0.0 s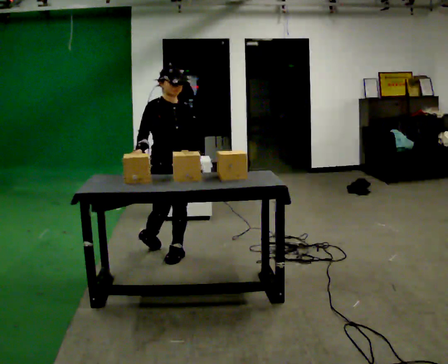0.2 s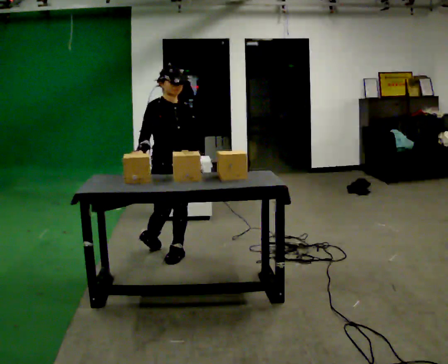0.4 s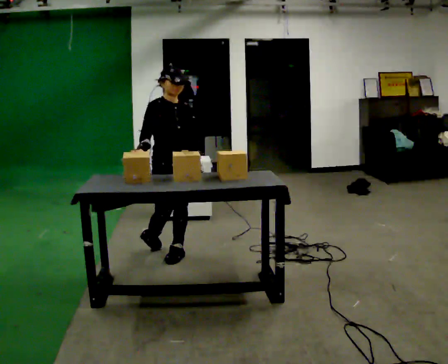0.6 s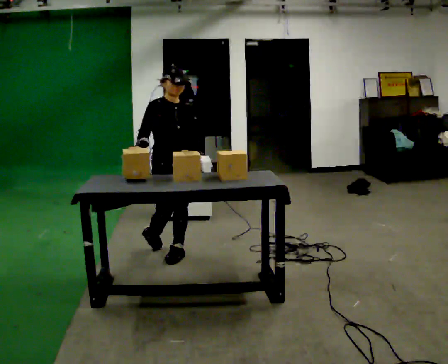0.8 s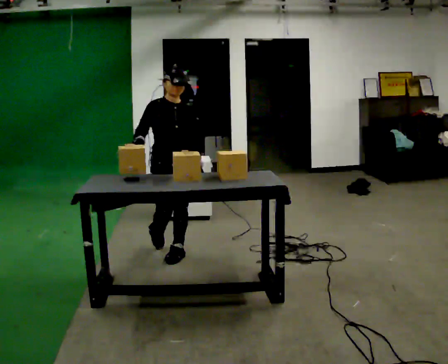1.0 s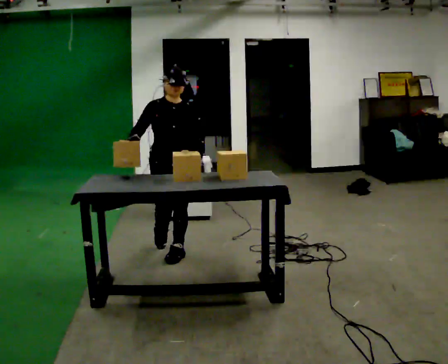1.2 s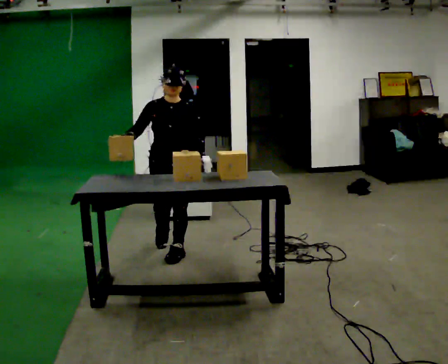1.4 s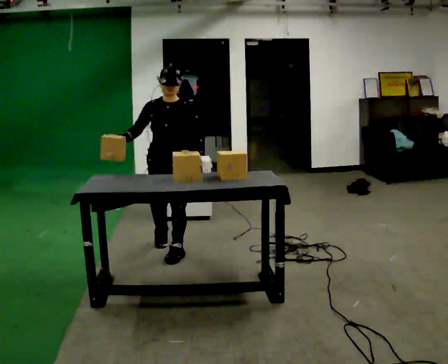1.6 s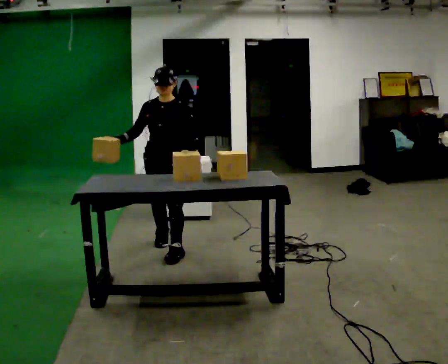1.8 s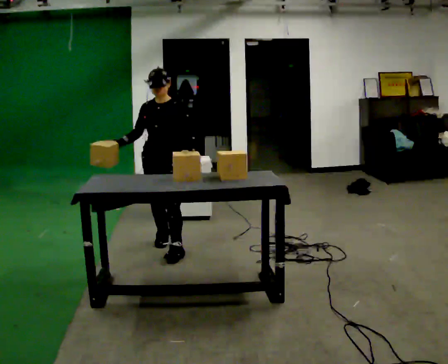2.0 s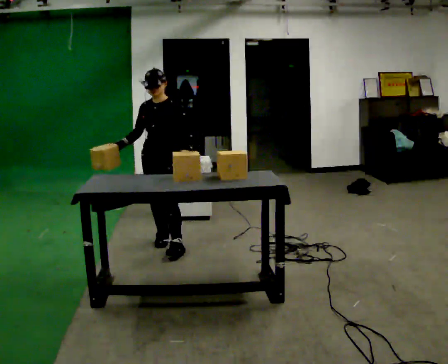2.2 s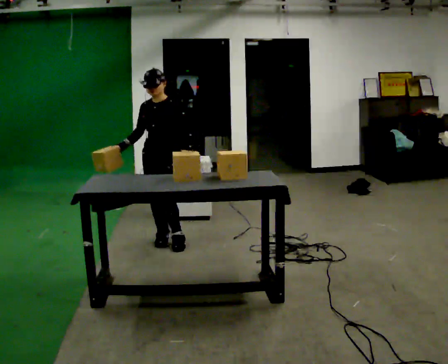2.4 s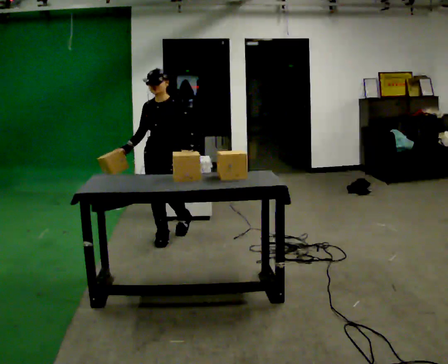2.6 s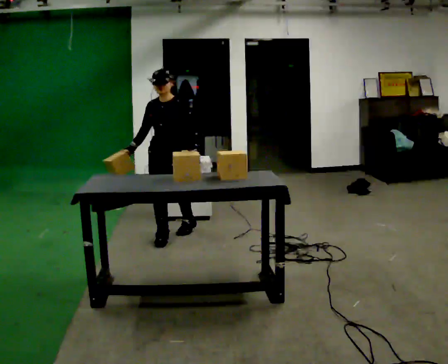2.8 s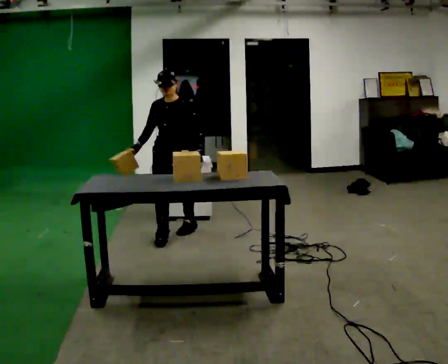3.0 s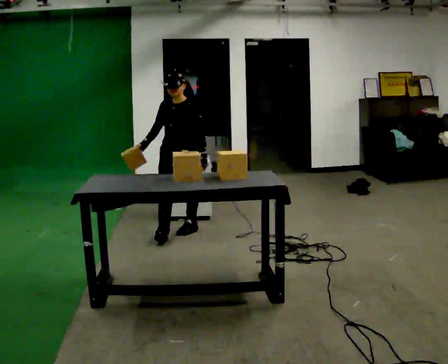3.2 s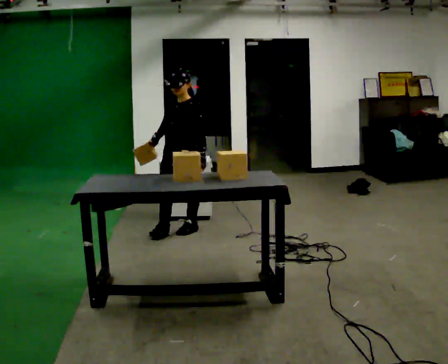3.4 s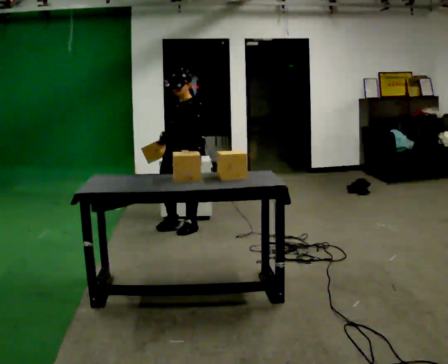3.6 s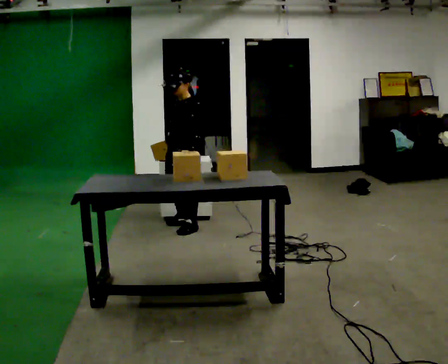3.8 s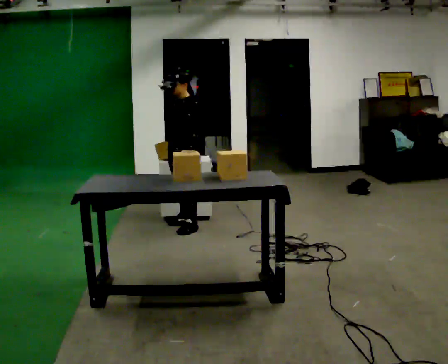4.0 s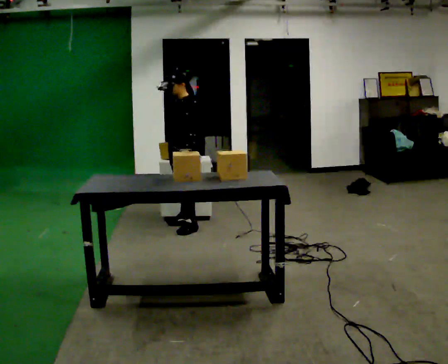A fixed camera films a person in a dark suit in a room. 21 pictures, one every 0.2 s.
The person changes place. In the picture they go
away from the camera.
The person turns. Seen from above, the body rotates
clockwise.
0.0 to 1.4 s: The person turns about 30 degrees to their right, clockwise seen from above, so the part of the body nearest the lens slides to the left.
1.4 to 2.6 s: In the picture they go away from the camera, about 0.5 m in 1 step, which for them is backward.
2.6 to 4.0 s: Seen from above the body turns clockwise, about 60 degrees: to their right, with its near side sliding to the left. In the picture they go away from the camera and to the right, about 0.5 m in 1 step.
The film runs backward here.
